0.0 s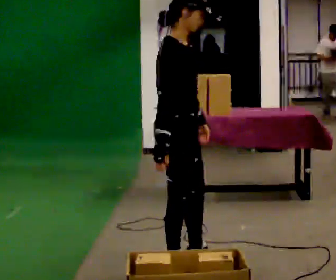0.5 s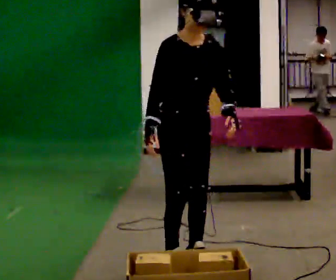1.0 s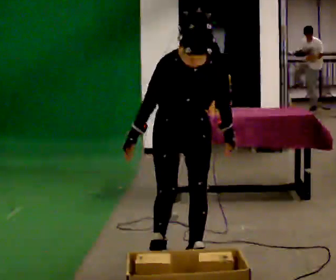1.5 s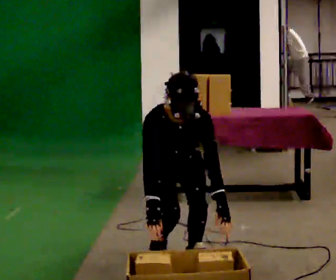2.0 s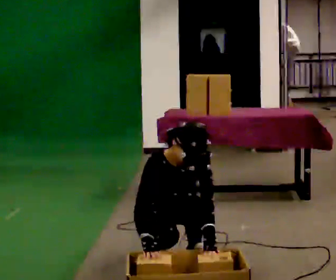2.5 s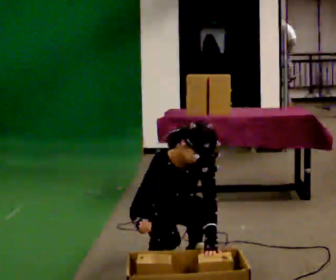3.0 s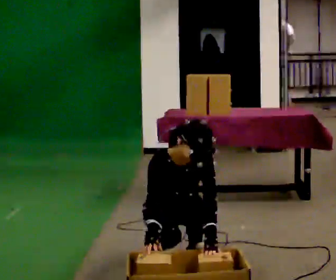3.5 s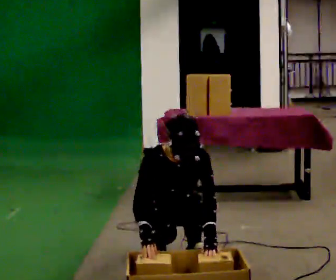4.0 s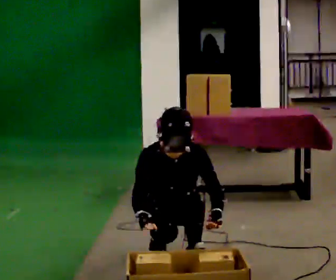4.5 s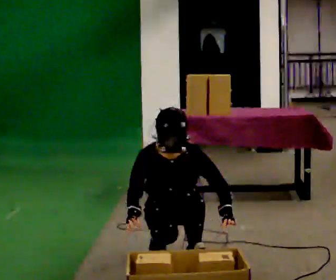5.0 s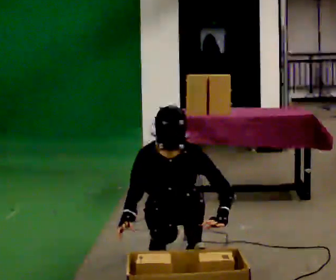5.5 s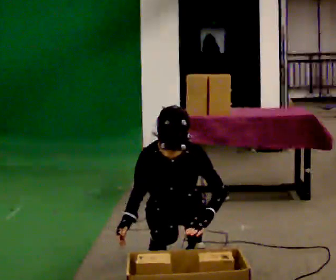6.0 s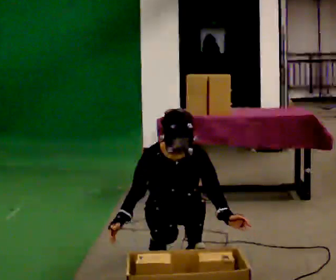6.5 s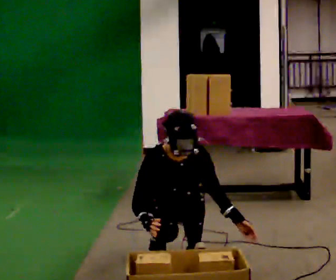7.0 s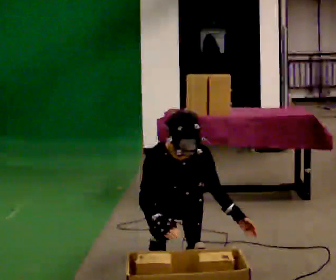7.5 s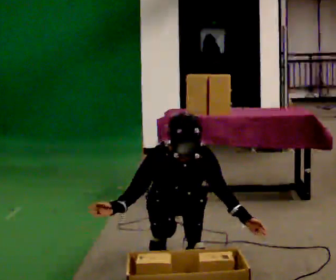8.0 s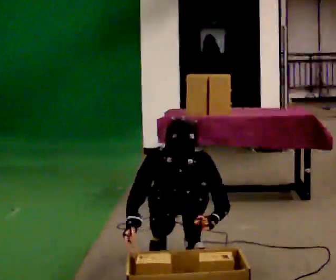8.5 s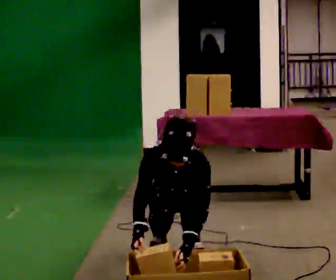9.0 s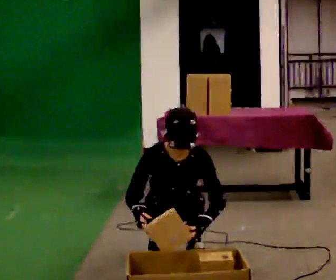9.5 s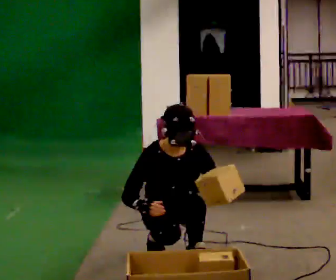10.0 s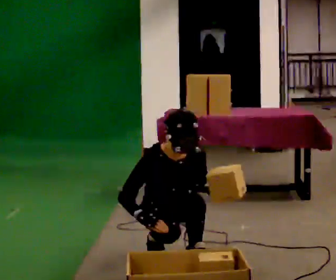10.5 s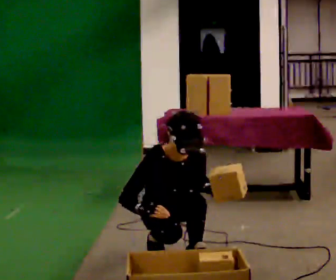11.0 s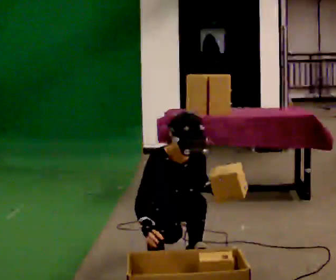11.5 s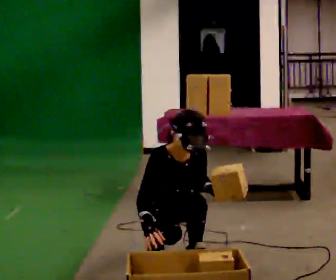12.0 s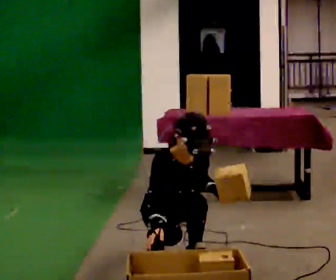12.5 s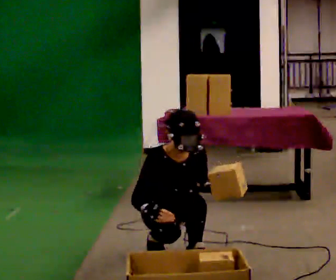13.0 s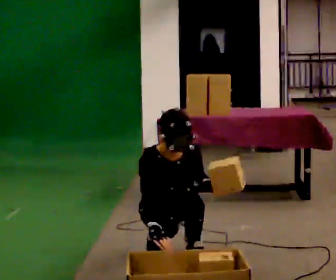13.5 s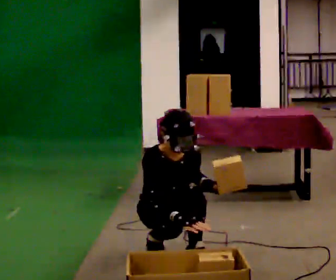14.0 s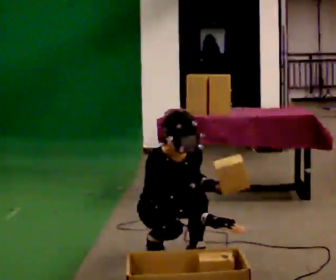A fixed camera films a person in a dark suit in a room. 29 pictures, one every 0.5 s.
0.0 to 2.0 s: The part of the body nearest the lens slides to the left as the person turns to their right by about 75 degrees. In the picture they go away from the camera, about 0.25 m in 1 step. The shoulders move downward. The upper body tips toward the camera, its near side rolling downward, as they bend forward. In the picture their left hand goes downward.
2.0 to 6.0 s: The person moves a little, or ends about where they began.
6.0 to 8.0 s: The upper body tips toward the camera, its near side rolling downward, as they bend forward.
8.0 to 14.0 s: Seen from above the body turns counterclockwise, about 30 degrees: to their left, with its near side sliding to the right. In the picture their right hand goes to the right.
The film runs backward here.
